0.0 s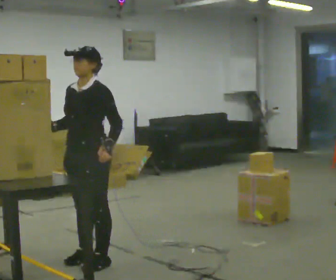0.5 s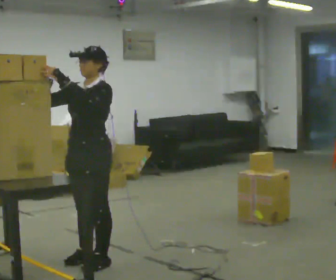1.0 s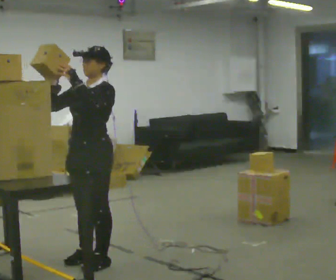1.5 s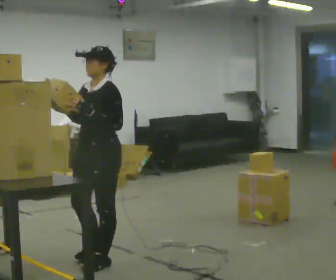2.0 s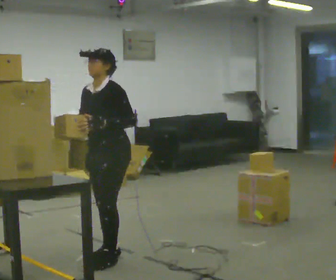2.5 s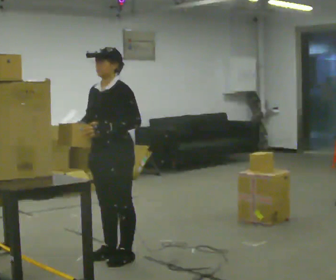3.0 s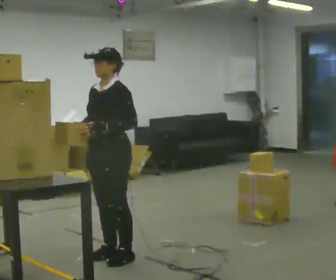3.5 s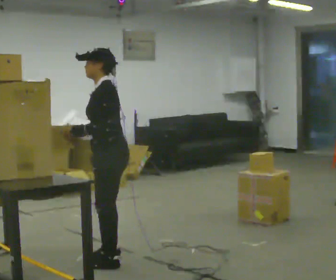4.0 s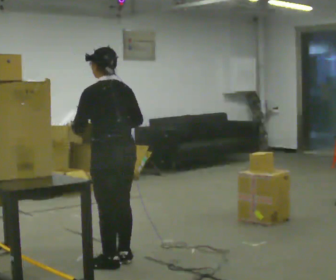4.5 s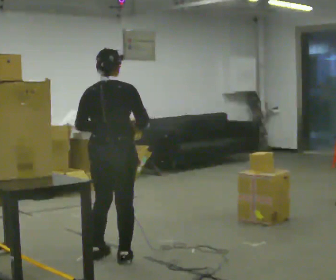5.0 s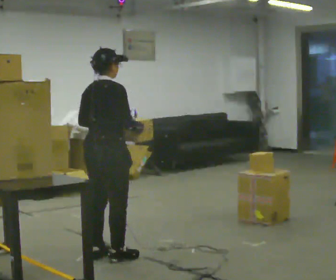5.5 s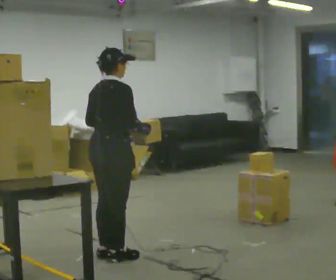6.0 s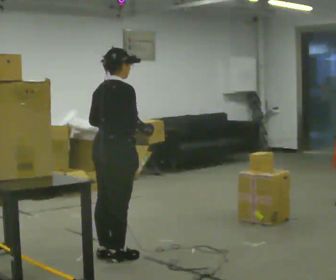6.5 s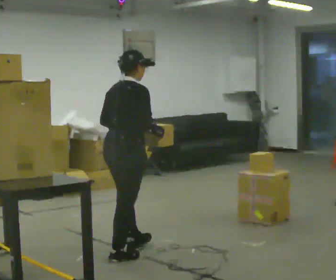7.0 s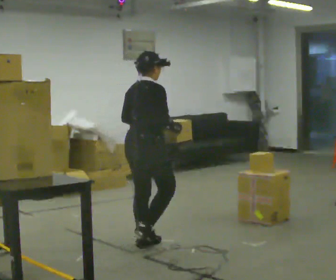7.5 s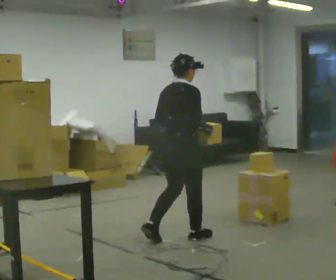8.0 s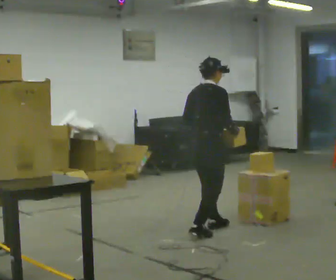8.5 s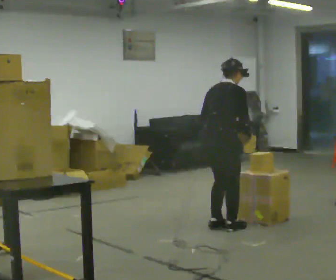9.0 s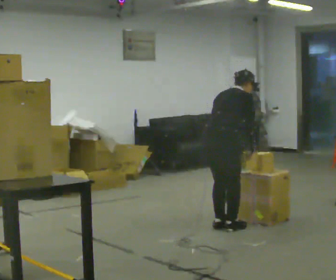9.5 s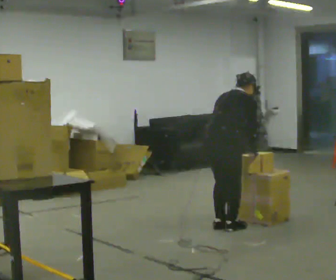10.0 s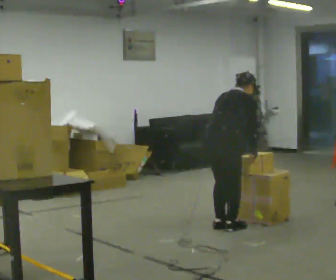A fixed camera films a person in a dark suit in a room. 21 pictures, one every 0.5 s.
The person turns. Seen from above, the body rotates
clockwise.
The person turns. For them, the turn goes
to their right.
0.0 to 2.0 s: In the picture they go to the right, about 0.25 m in 1 step, which for them is backward.
2.0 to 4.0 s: The part of the body nearest the lens slides to the left as the person turns to their right by about 90 degrees.
4.0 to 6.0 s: The person turns about 90 degrees to their right, clockwise seen from above, so the part of the body nearest the lens slides to the left.
6.0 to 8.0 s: In the picture they go to the right and away from the camera, about 1 m in 3 steps, which for them is forward.
8.0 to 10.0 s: In the picture the upper body tilts clockwise, shoulders to the right, as they bend forward.
The film runs forward here.
